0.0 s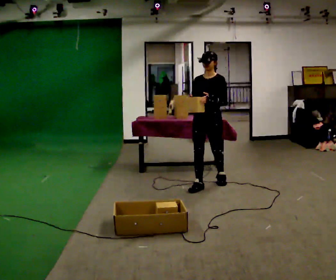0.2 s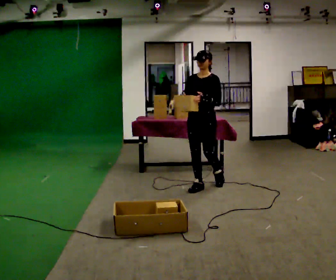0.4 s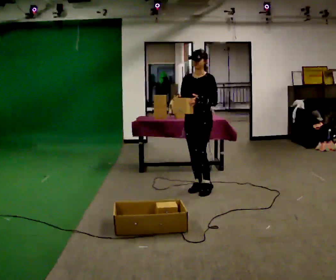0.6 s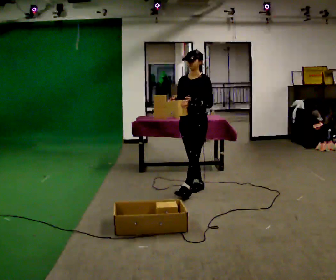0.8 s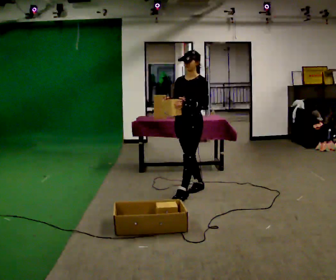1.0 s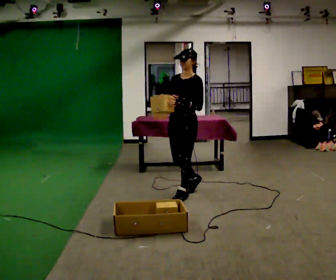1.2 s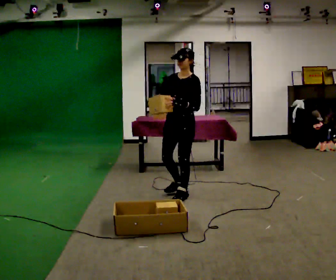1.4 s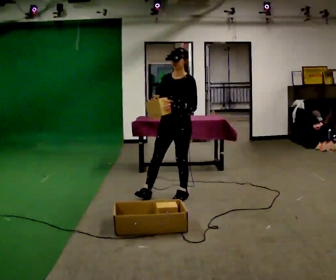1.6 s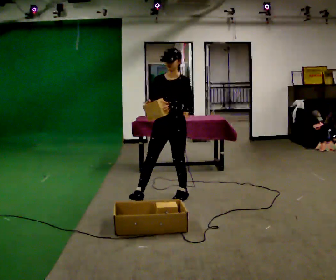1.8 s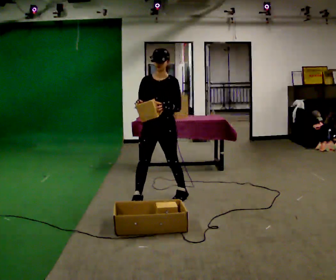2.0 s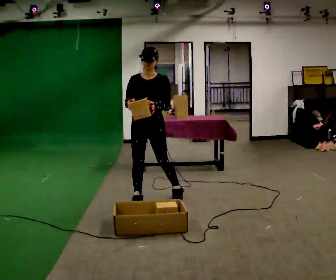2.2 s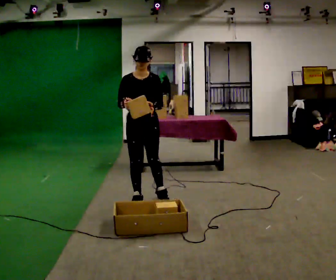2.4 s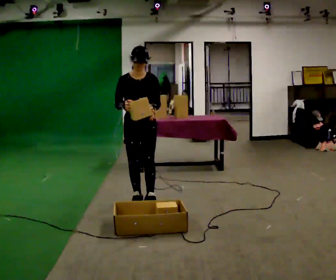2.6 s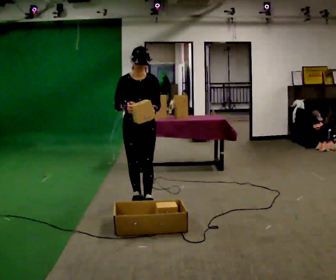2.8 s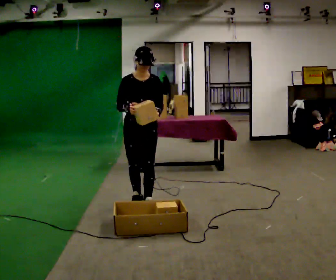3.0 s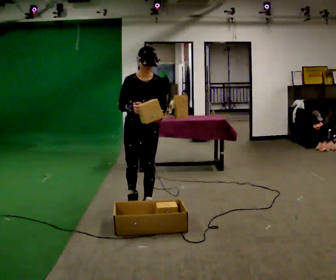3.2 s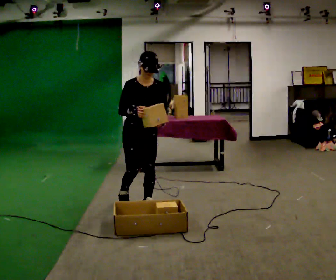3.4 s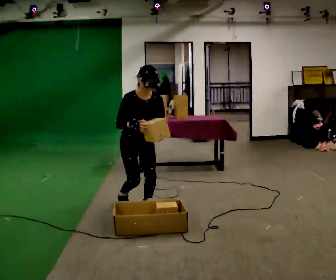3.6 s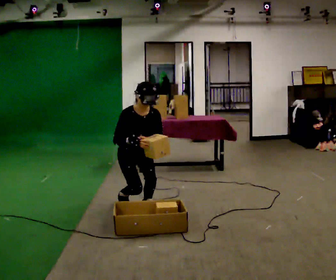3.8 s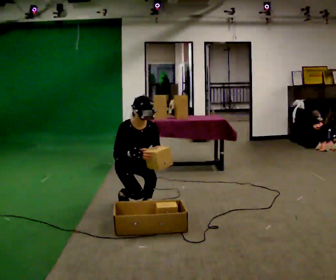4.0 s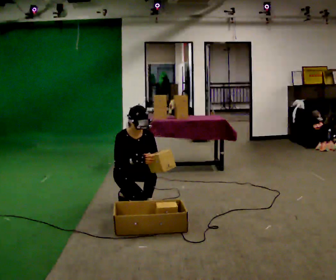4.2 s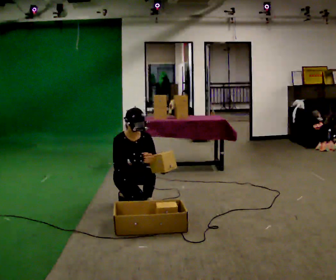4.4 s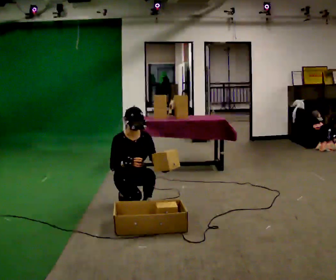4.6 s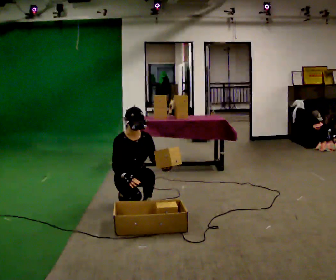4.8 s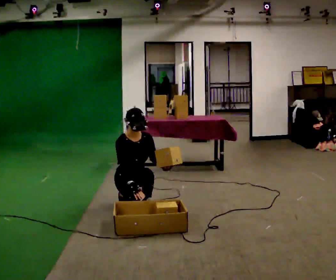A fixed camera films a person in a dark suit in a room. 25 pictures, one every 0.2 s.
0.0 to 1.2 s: In the picture they go toward the camera and to the left, about 0.5 m in 1 step, which for them is forward.
1.2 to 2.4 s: Seen from above the body turns counterclockwise, about 60 degrees: to their left, with its near side sliding to the right. In the picture they go to the left, about 0.5 m in 1 step, which for them is to their right and forward.
2.4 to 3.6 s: The upper body goes downward. In the picture their left hand goes downward.
3.6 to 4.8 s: The upper body goes downward. In the picture their right hand goes downward.
The film runs forward here.
